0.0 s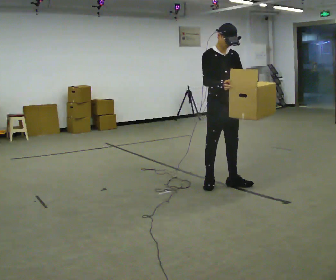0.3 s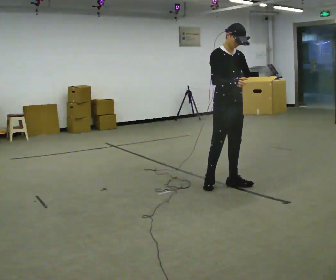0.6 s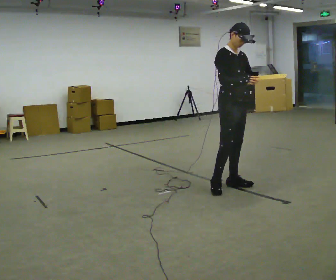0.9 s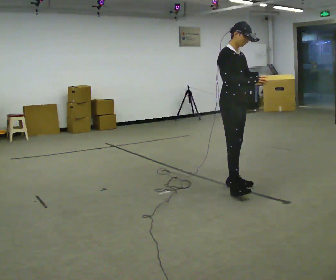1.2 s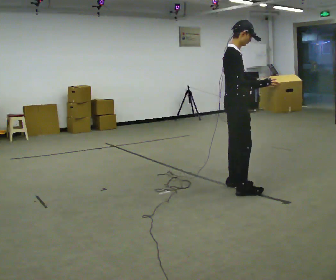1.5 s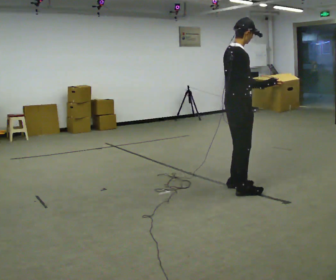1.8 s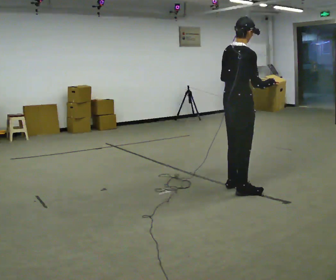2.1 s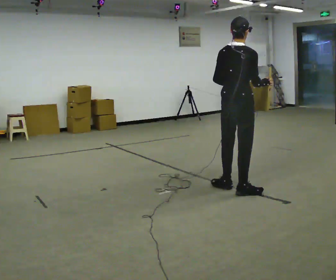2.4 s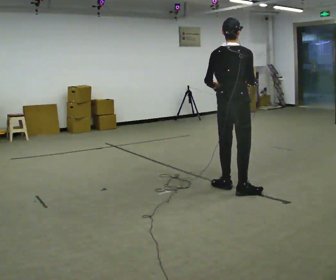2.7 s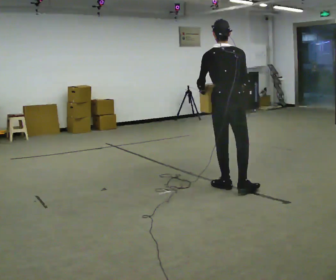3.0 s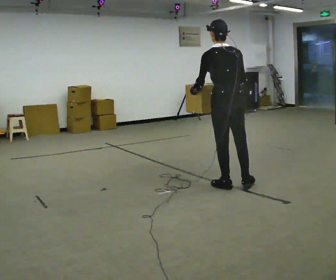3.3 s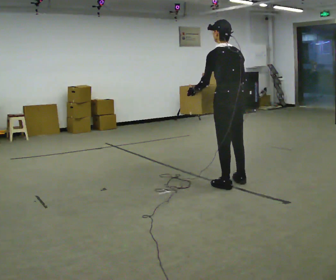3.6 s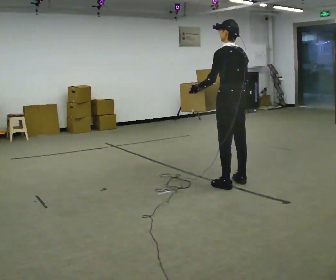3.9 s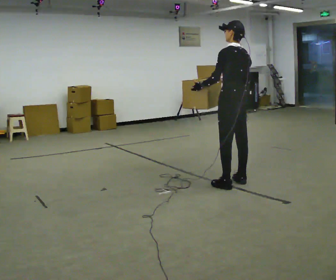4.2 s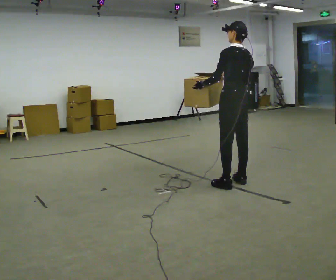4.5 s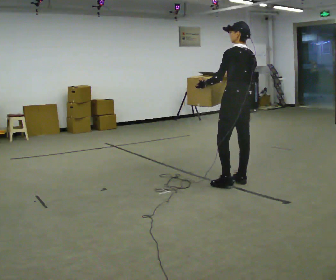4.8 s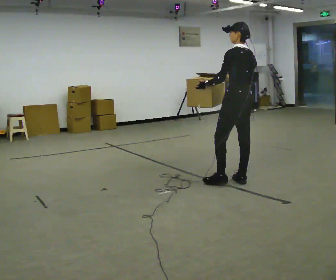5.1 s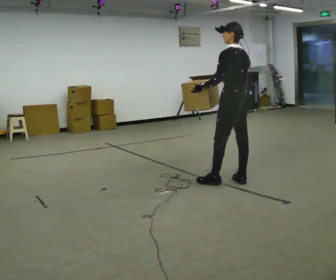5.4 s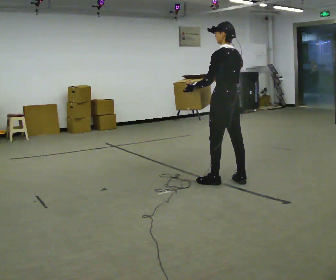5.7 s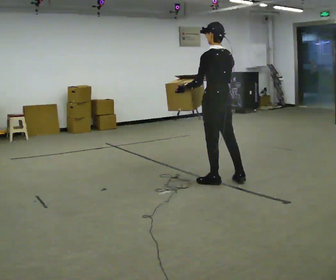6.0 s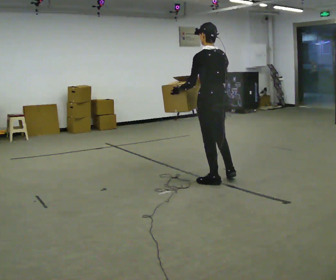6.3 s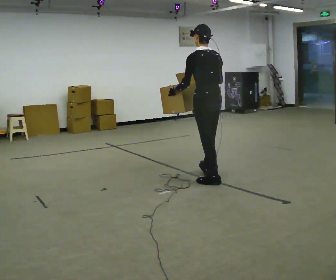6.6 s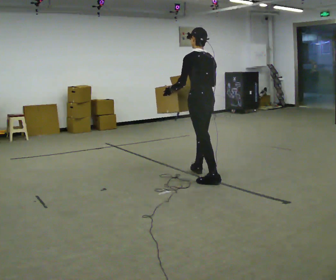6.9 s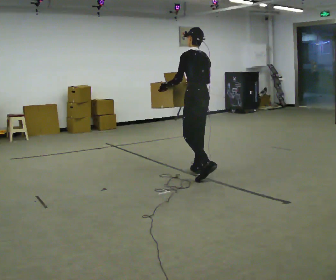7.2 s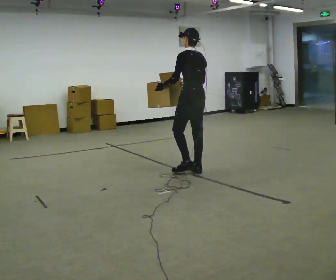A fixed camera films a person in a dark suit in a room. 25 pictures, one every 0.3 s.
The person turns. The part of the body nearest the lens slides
to the right.
The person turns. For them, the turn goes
to their left.
0.0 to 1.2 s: The person turns about 60 degrees to their left, counterclockwise seen from above, so the part of the body nearest the lens slides to the right. In the picture they go toward the camera, about 0.25 m in 1 step, which for them is forward.
1.2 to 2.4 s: The person turns about 75 degrees to their left, counterclockwise seen from above, so the part of the body nearest the lens slides to the right. In the picture their left hand goes to the left.
2.4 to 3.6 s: The person turns about 60 degrees to their left, counterclockwise seen from above, so the part of the body nearest the lens slides to the right. In the picture they go away from the camera, about 0.25 m in 1 step.
3.6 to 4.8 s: The person moves a little, or ends about where they began.
4.8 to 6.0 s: In the picture they go to the left, about 0.25 m in 1 step, which for them is forward and to their left.
6.0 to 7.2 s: In the picture they go away from the camera and to the left, about 0.5 m in 1 step, which for them is forward.
The film runs forward here.
